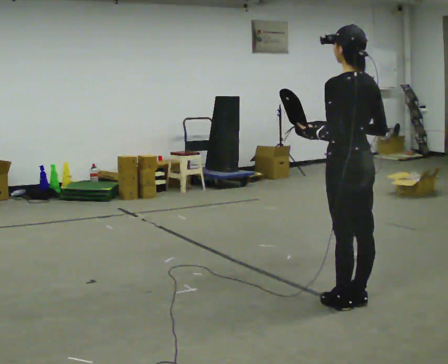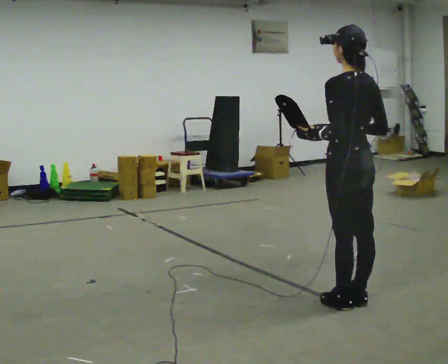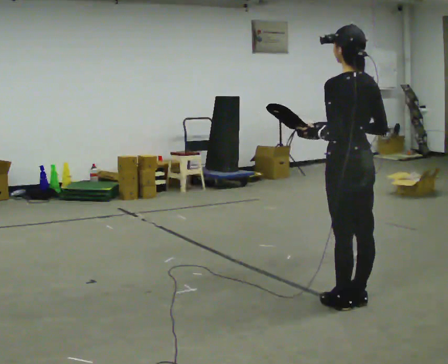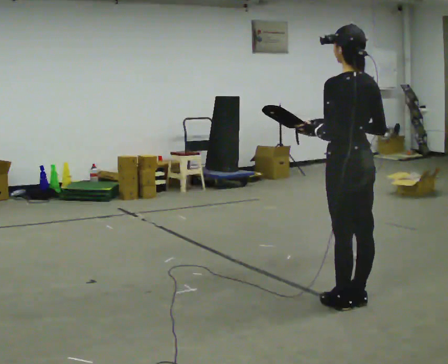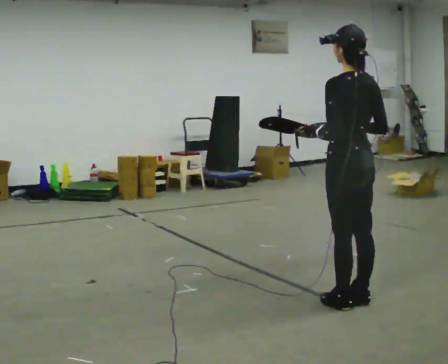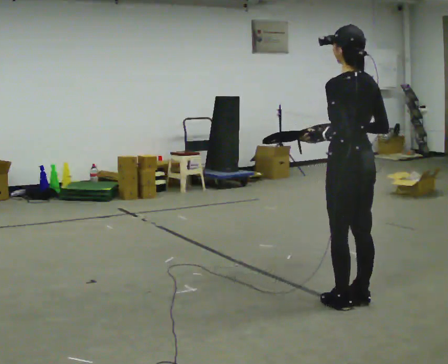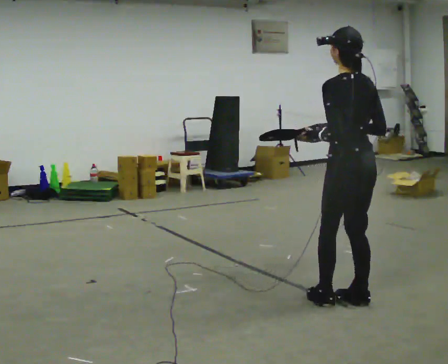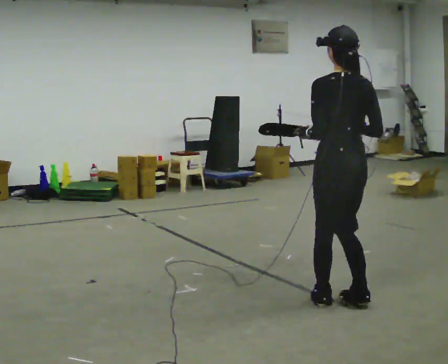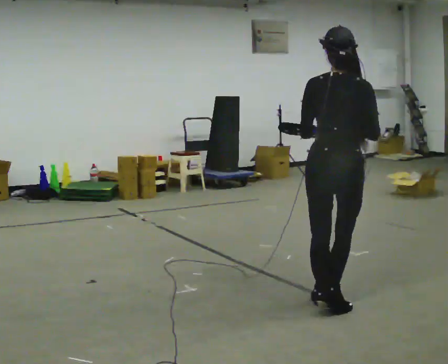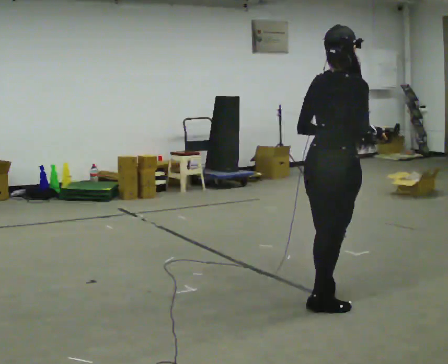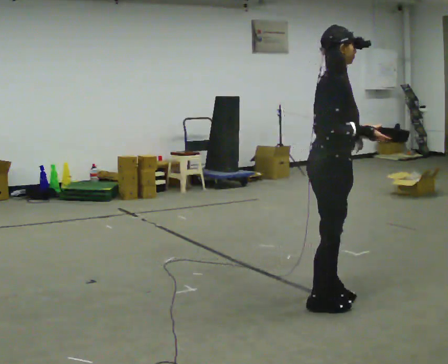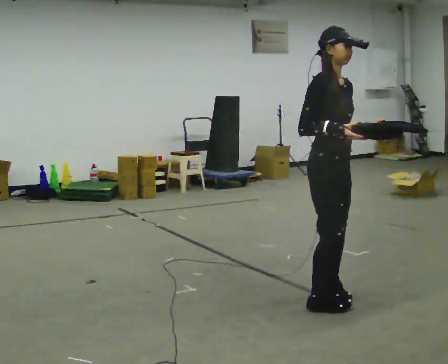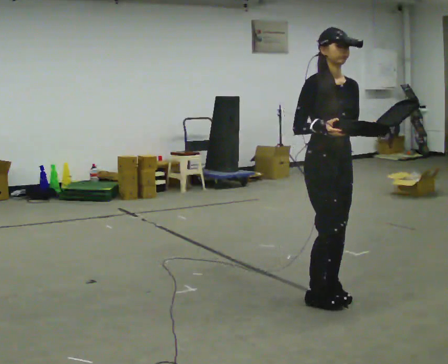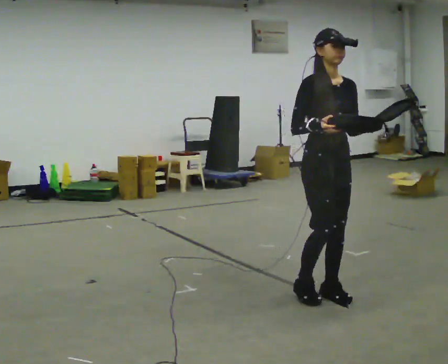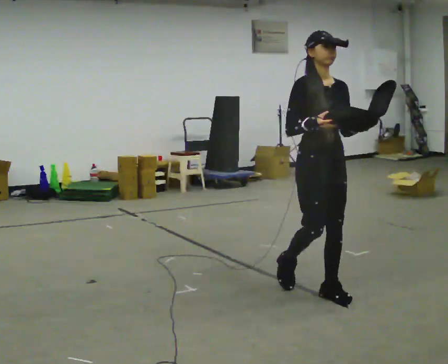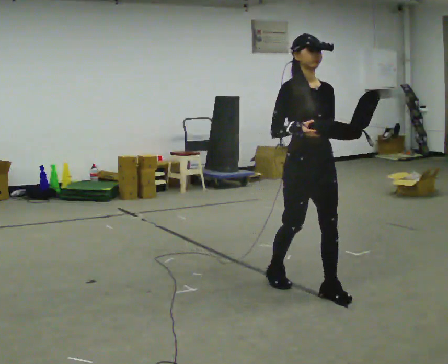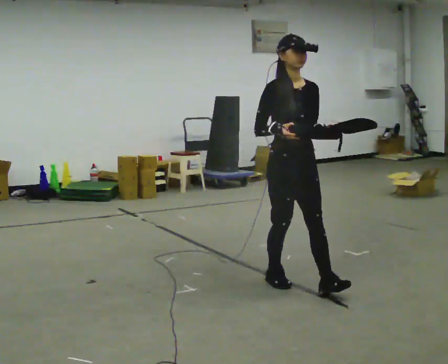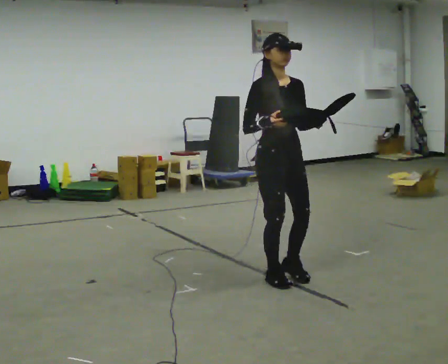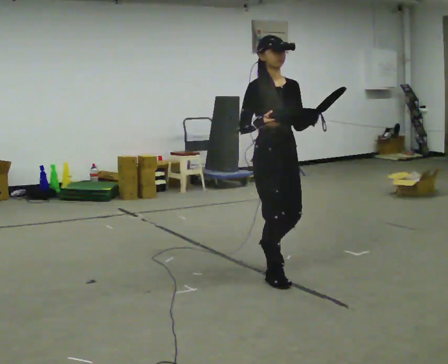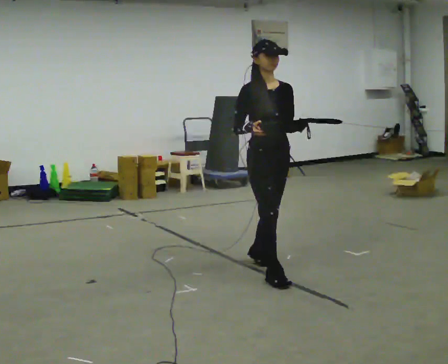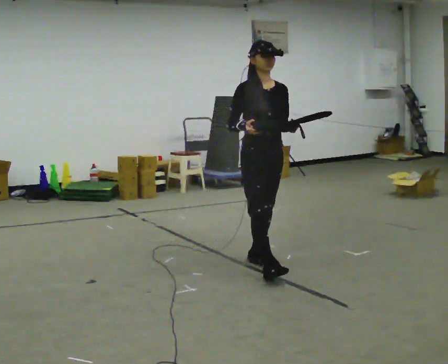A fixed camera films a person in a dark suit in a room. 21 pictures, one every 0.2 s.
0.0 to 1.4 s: The person moves a little, or ends about where they began.
1.4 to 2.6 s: The part of the body nearest the lens slides to the left as the person turns to their right by about 180 degrees. In the picture they go away from the camera, about 0.25 m in 2 steps.
2.6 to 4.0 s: In the picture they go away from the camera and to the left, about 0.5 m in 2 steps, which for them is backward.
The film runs backward here.
